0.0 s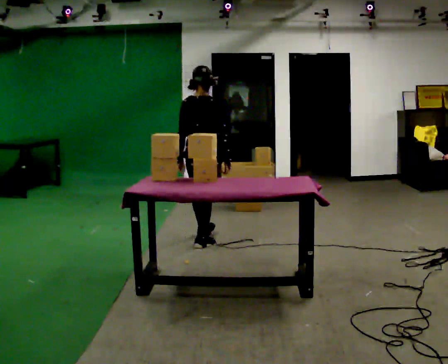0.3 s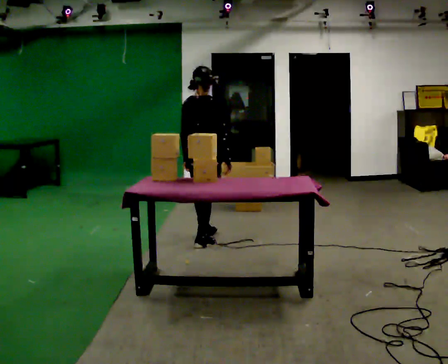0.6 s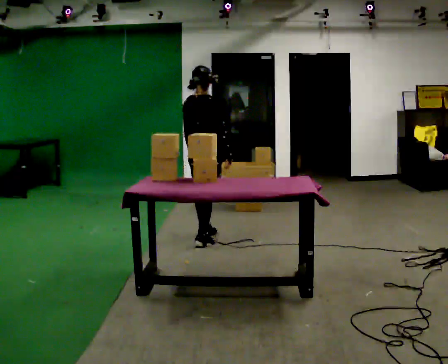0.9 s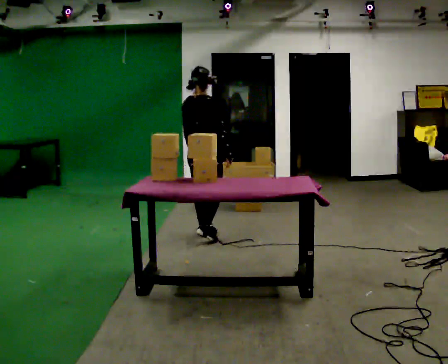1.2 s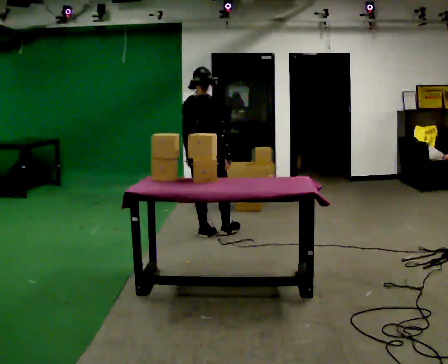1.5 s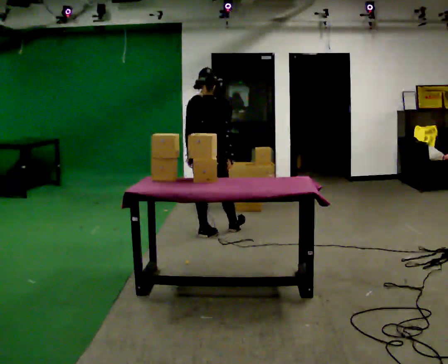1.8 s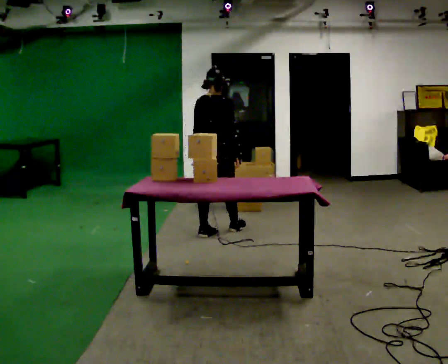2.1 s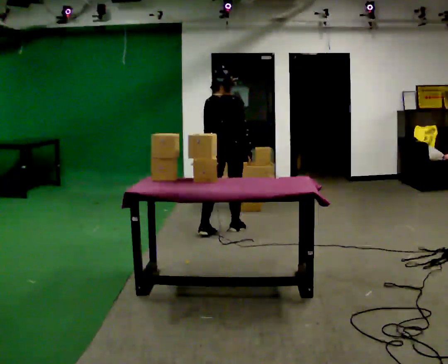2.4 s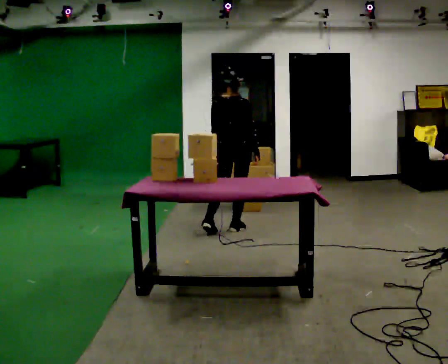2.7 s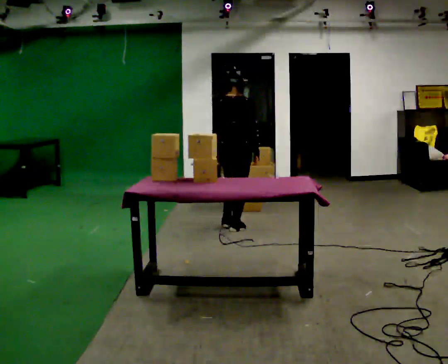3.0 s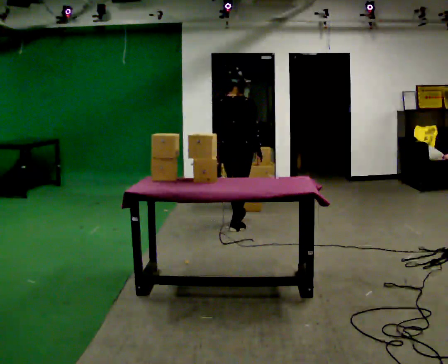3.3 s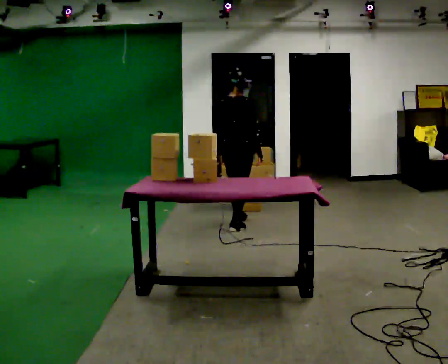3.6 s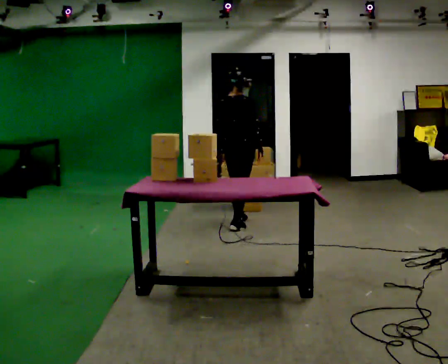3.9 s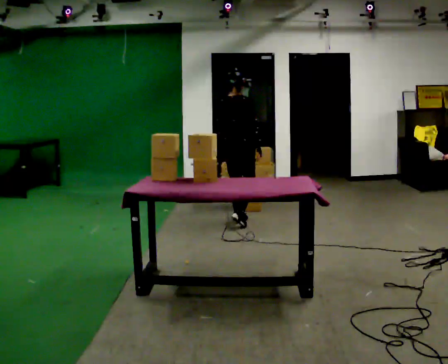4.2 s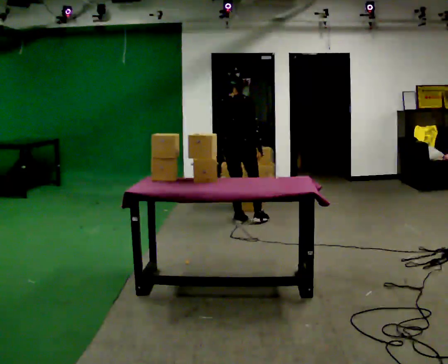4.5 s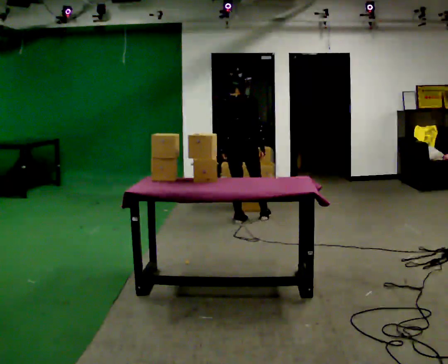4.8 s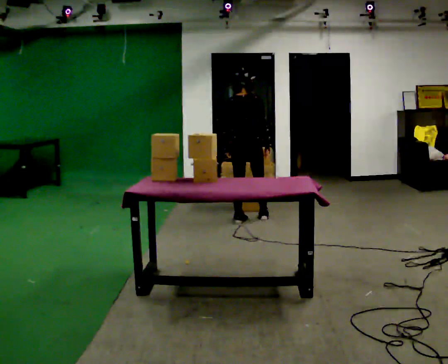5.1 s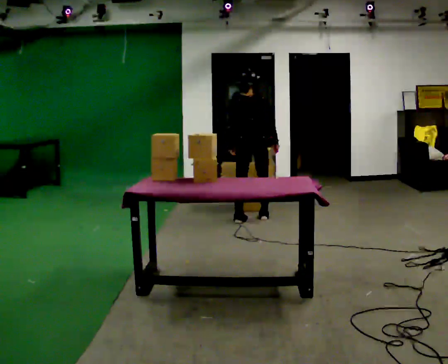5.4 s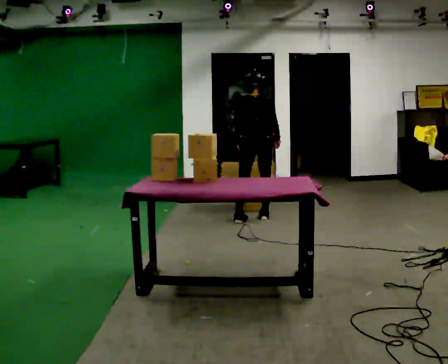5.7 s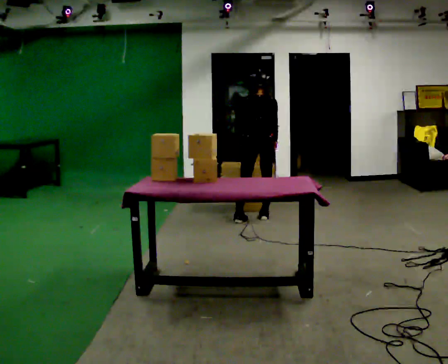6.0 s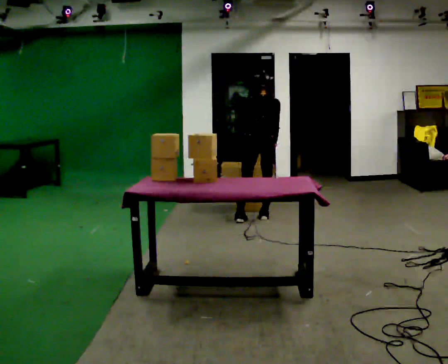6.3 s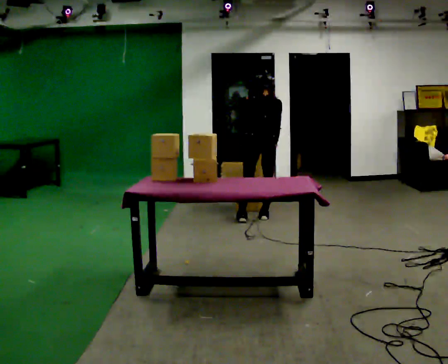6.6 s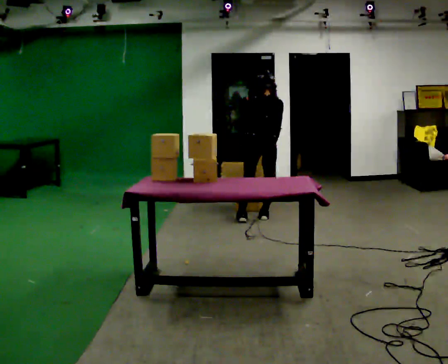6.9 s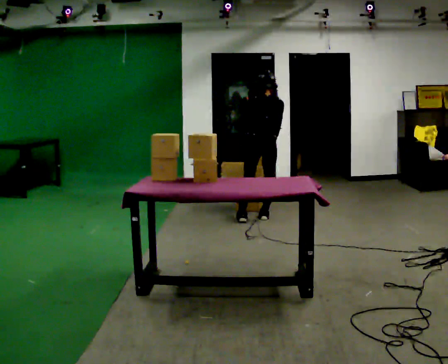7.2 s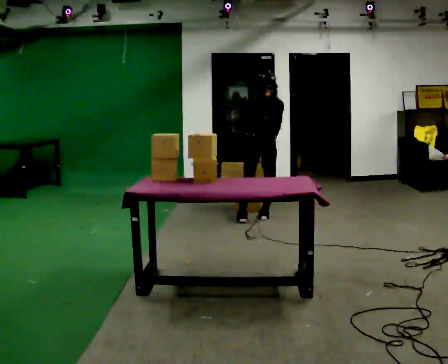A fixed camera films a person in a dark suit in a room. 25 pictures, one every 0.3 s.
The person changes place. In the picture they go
away from the camera.
0.0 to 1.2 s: In the picture they go away from the camera, about 0.25 m, which for them is forward and to their left.
1.2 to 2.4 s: In the picture they go to the right and away from the camera, about 0.25 m in 1 step, which for them is forward and to their right.
2.4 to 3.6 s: In the picture they go away from the camera, about 0.25 m in 1 step, which for them is forward.
3.6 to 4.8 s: Seen from above the body turns counterclockwise, about 30 degrees: to their left, with its near side sliding to the right. In the picture they go away from the camera, about 0.25 m in 1 step, which for them is forward.
4.8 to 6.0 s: The upper body tips away from the camera, its near side rolling upward, as they bend forward.
6.0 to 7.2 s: The person moves a little, or ends about where they began.
The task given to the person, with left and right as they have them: 1. Look at the shelf and see which spaces are empty. 2. Find matching items in the bins on the floor. 3. Fill the empty spaces on the shelf. 4. Tell the operator when you are finished.
The film runs forward here.
